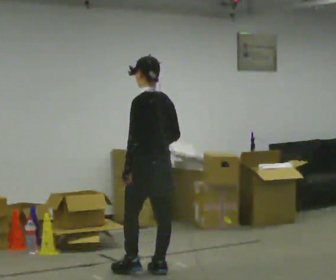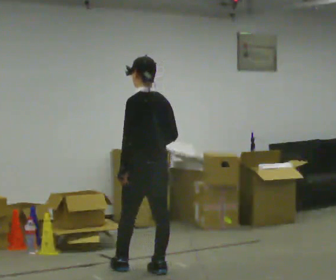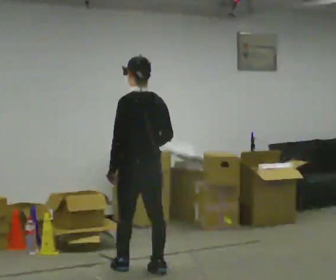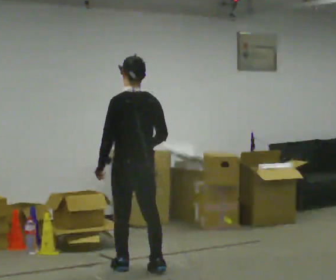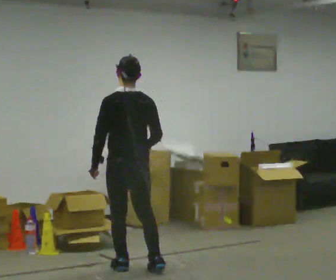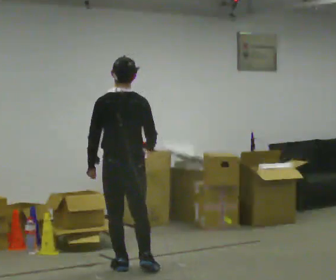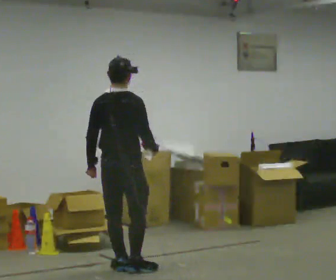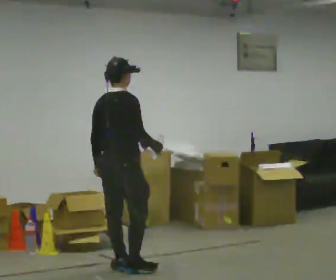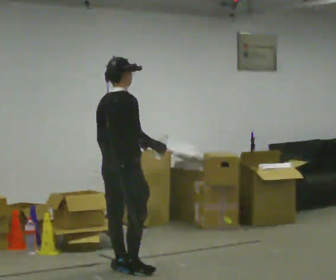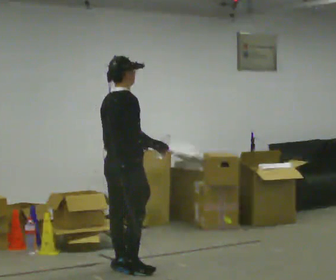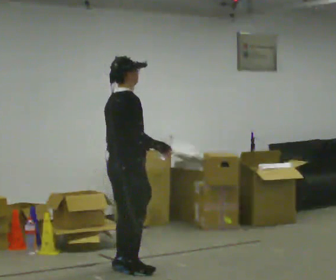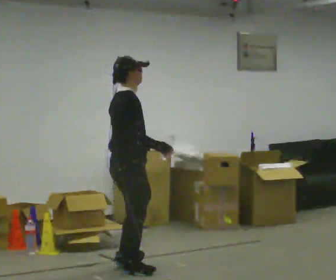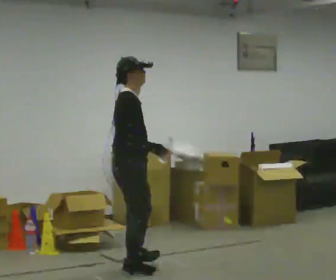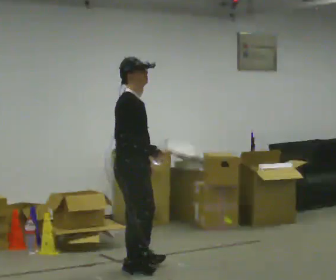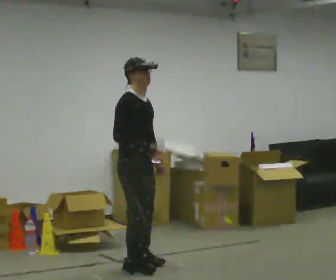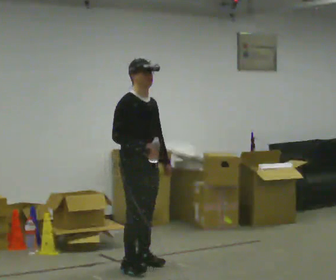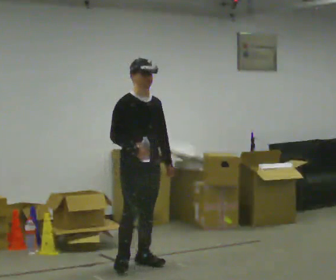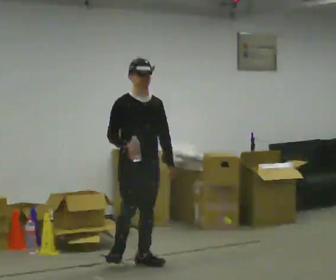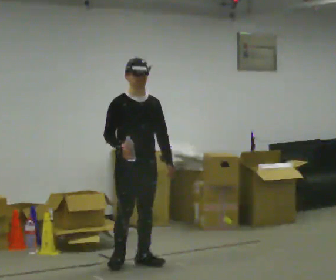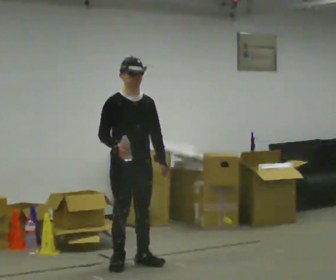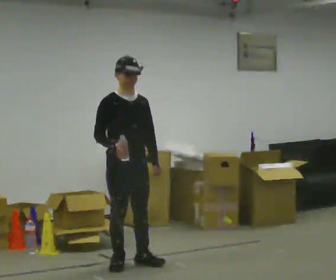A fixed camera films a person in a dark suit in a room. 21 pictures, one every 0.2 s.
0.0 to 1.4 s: The person turns about 90 degrees to their right, clockwise seen from above, so the part of the body nearest the lens slides to the left. In the picture they go to the left, about 0.25 m in 2 steps.
1.4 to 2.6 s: The person turns about 60 degrees to their right, clockwise seen from above, so the part of the body nearest the lens slides to the left.
2.6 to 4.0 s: The person turns about 45 degrees to their right, clockwise seen from above, so the part of the body nearest the lens slides to the left. In the picture they go away from the camera, about 0.25 m in 1 step, which for them is backward.
The film runs forward here.
